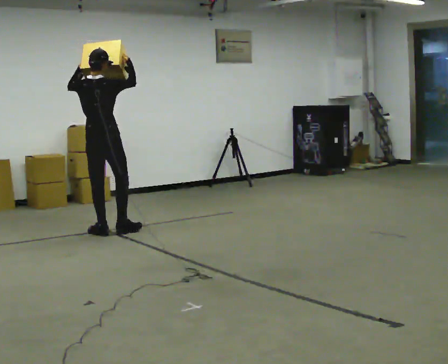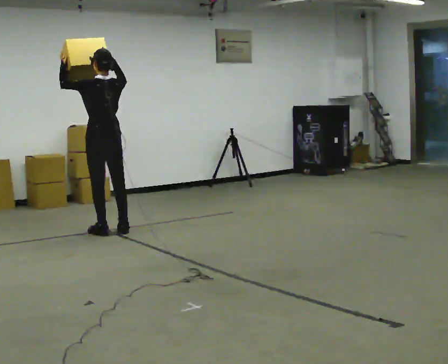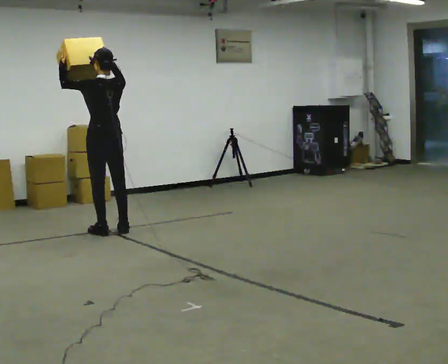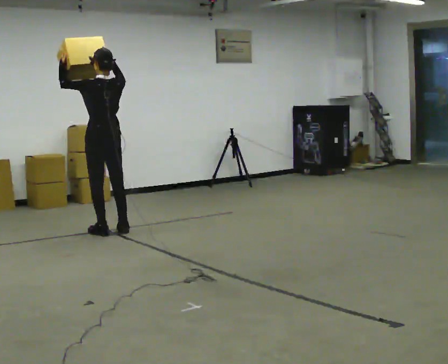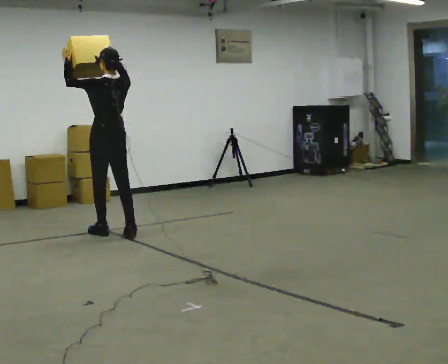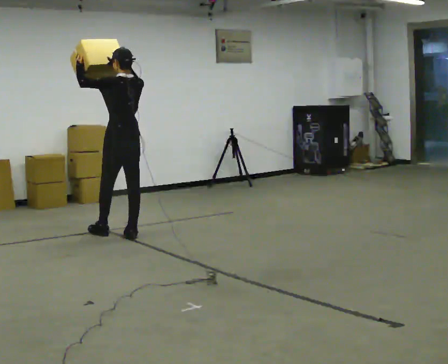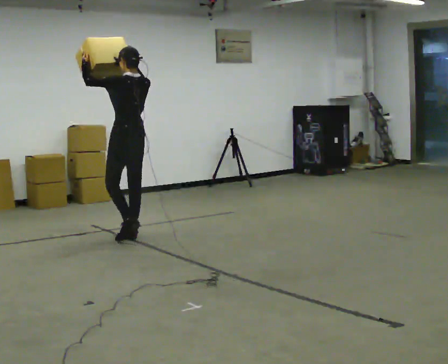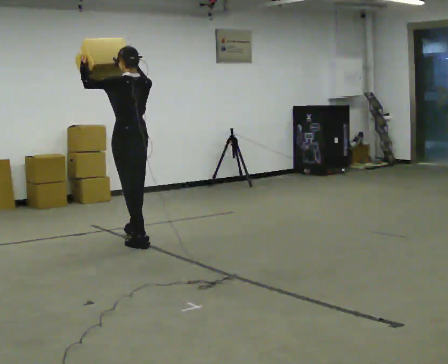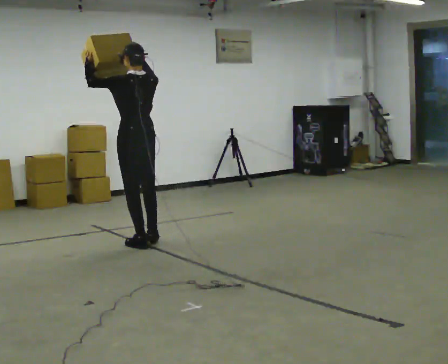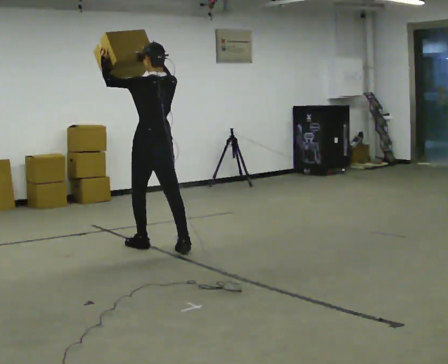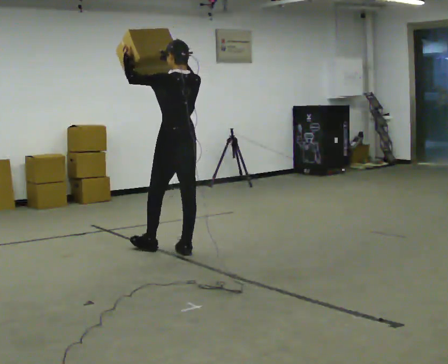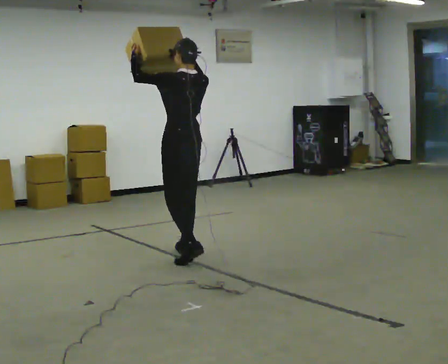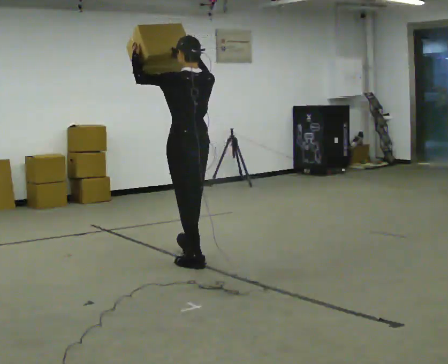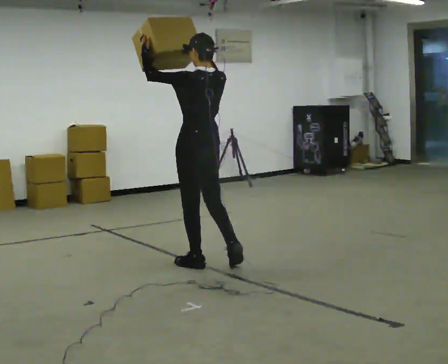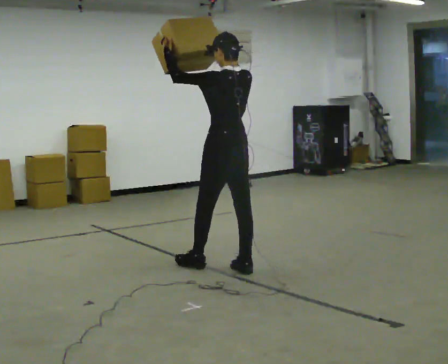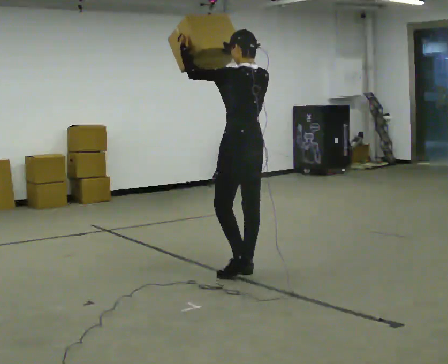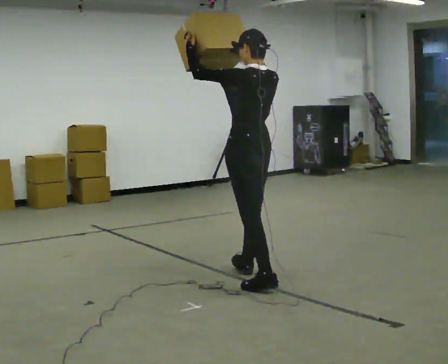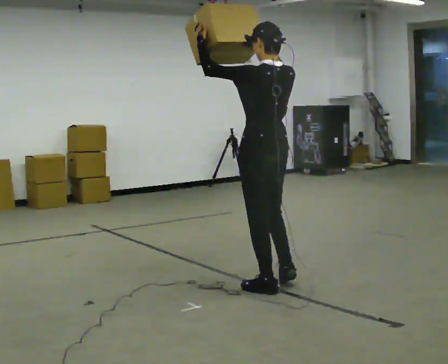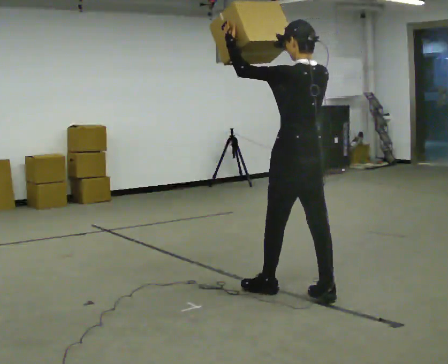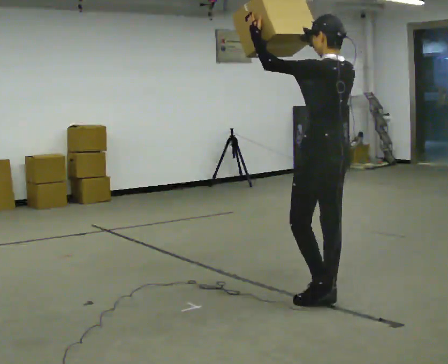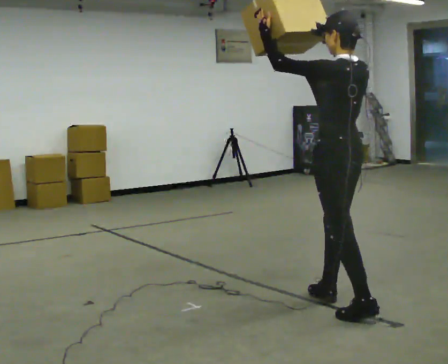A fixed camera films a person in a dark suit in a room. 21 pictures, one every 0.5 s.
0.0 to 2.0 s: Seen from above the body turns counterclockwise, about 45 degrees: to their left, with its near side sliding to the right.
2.0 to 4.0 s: In the picture they go toward the camera and to the right, about 0.5 m in 2 steps, which for them is backward.
4.0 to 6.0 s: In the picture they go toward the camera and to the right, about 0.5 m in 1 step, which for them is backward.
6.0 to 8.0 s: In the picture they go toward the camera and to the right, about 0.75 m in 2 steps, which for them is backward.
8.0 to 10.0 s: In the picture they go toward the camera and to the right, about 1 m in 2 steps, which for them is backward.
The film runs backward here.
